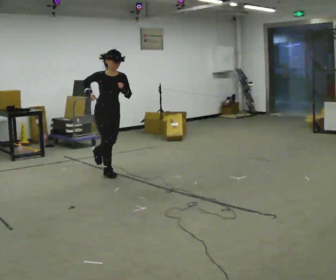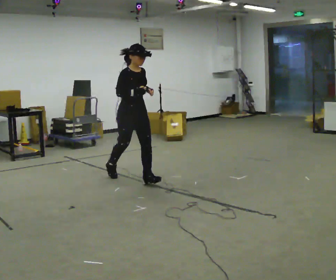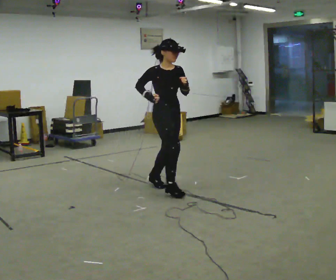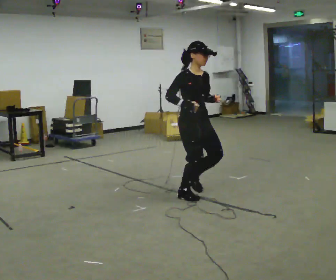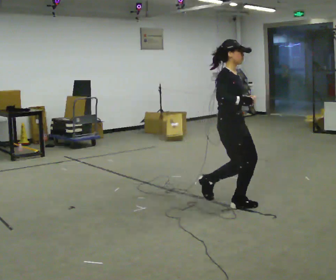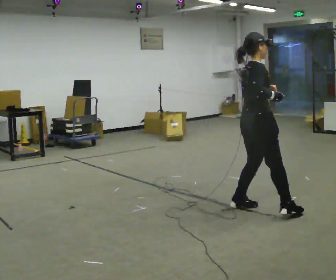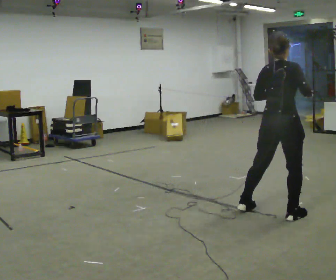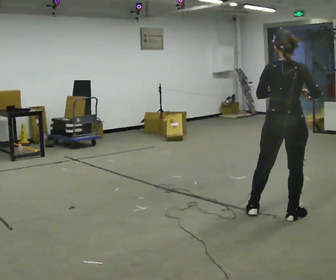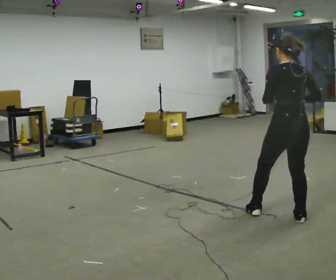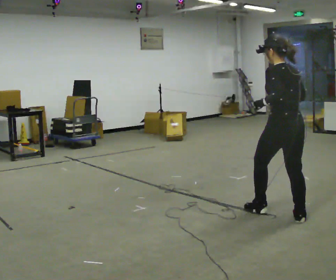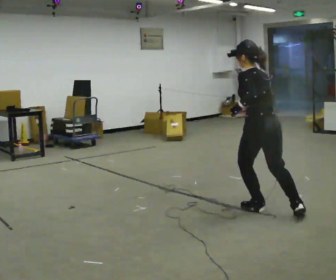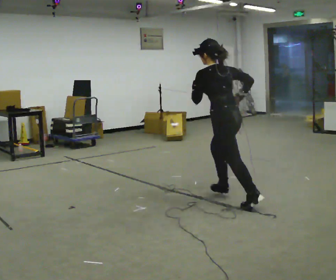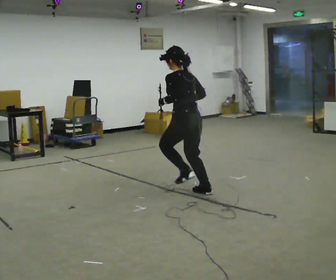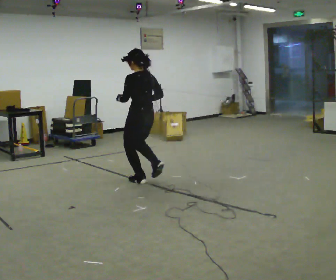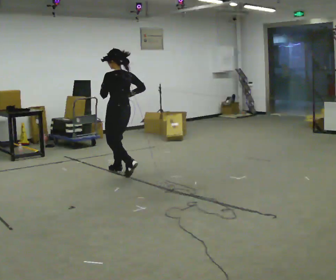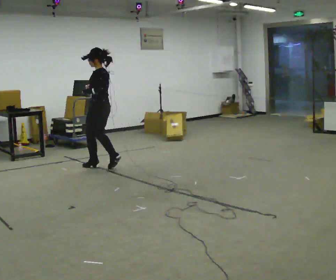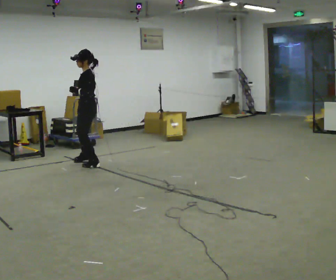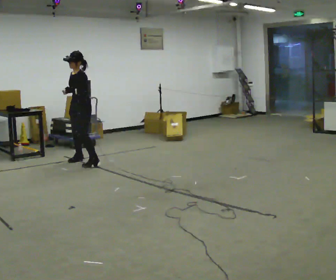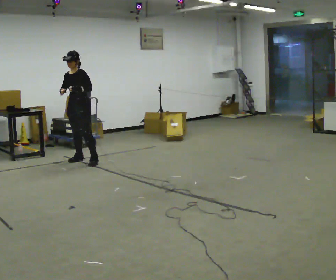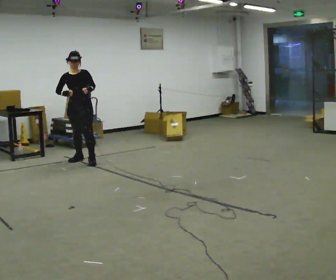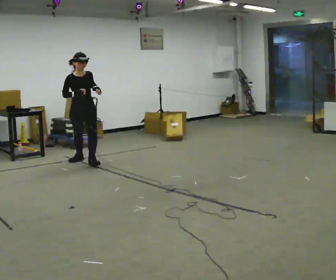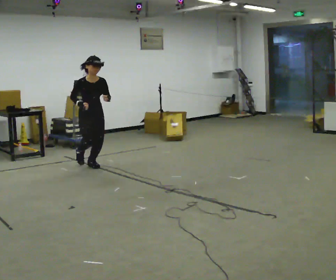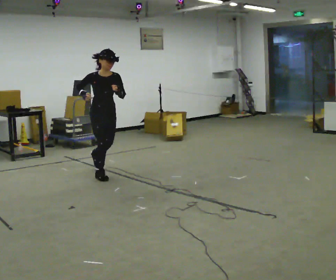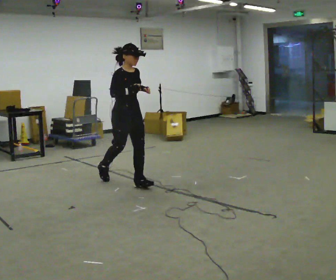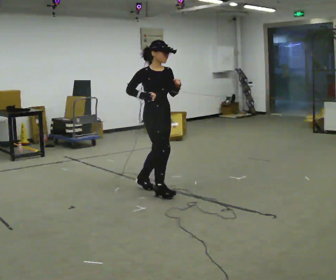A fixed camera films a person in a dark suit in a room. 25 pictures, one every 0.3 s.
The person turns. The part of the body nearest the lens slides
to the right.
The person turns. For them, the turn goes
to their left.
0.0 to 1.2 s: Seen from above the body turns counterclockwise, about 30 degrees: to their left, with its near side sliding to the right. In the picture they go to the right and toward the camera, about 2 m in 4 steps, which for them is forward.
1.2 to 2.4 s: The person turns about 135 degrees to their left, counterclockwise seen from above, so the part of the body nearest the lens slides to the right. In the picture they go toward the camera and to the right, about 0.75 m in 2 steps.
2.4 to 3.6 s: Seen from above the body turns counterclockwise, about 30 degrees: to their left, with its near side sliding to the right. In the picture they go away from the camera and to the left, about 1.5 m in 1 step, which for them is forward.
3.6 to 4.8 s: Seen from above the body turns counterclockwise, about 60 degrees: to their left, with its near side sliding to the right. In the picture they go to the left and away from the camera, about 2 m in 3 steps, which for them is forward.
4.8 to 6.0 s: The part of the body nearest the lens slides to the right as the person turns to their left by about 90 degrees. In the picture they go away from the camera, about 0.25 m in 2 steps.
6.0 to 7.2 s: The part of the body nearest the lens slides to the right as the person turns to their left by about 30 degrees. In the picture they go toward the camera and to the right, about 2 m in 3 steps, which for them is forward.
The film runs forward here.
